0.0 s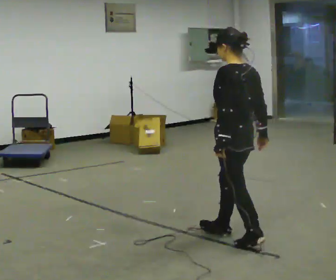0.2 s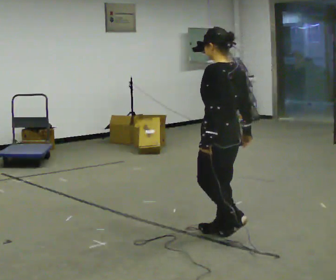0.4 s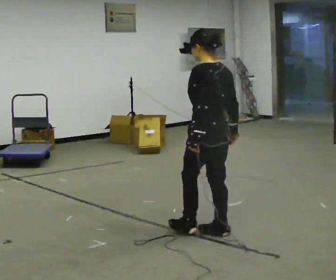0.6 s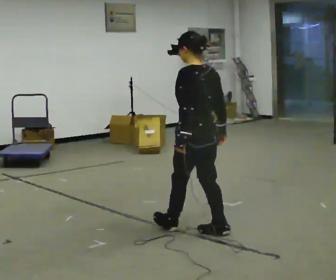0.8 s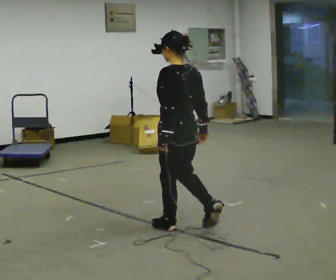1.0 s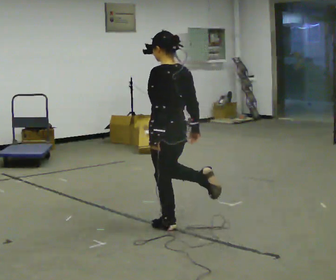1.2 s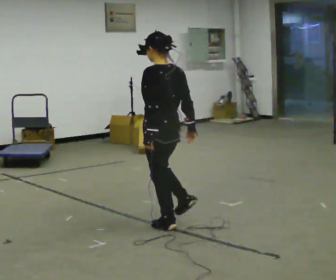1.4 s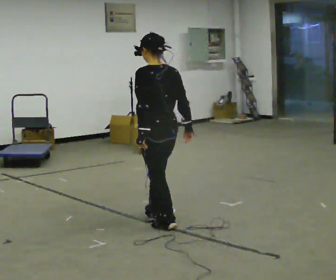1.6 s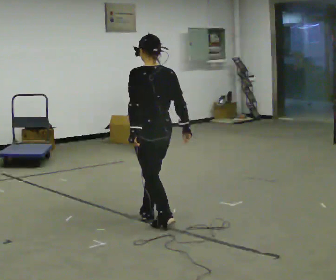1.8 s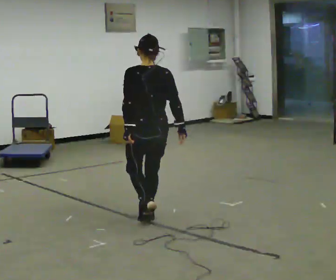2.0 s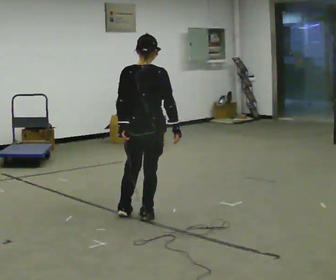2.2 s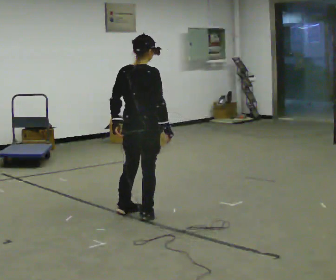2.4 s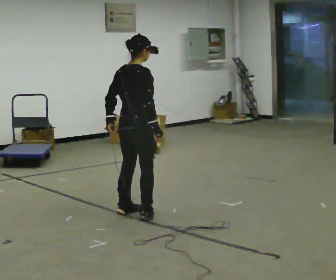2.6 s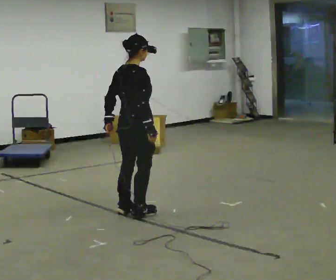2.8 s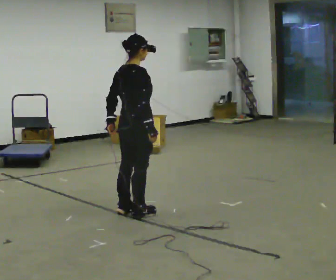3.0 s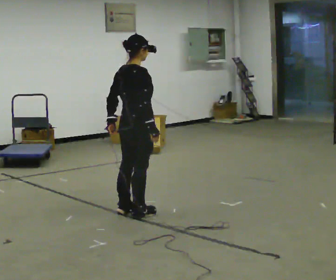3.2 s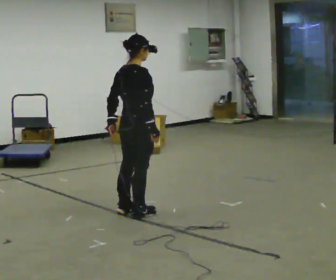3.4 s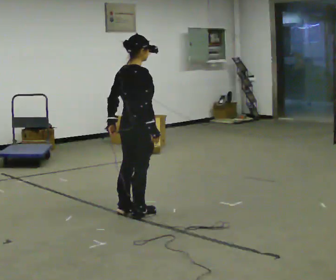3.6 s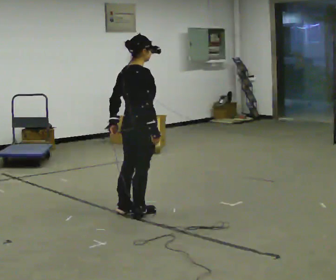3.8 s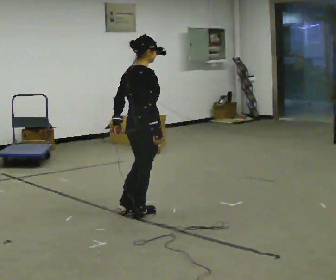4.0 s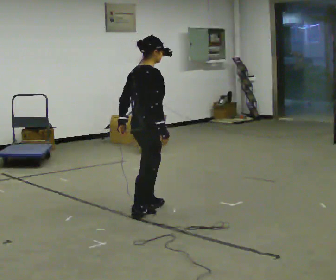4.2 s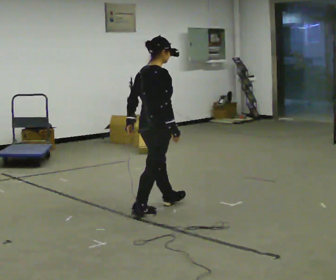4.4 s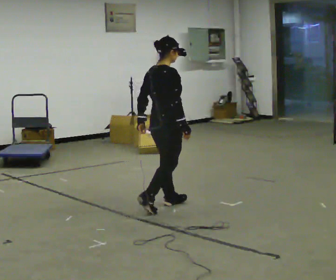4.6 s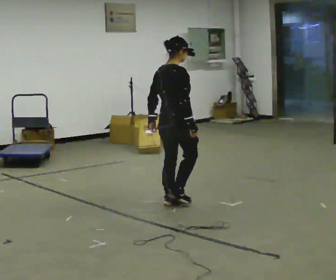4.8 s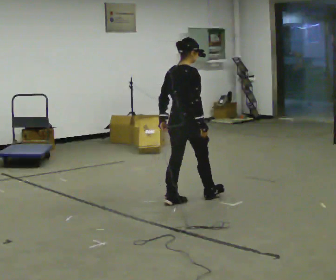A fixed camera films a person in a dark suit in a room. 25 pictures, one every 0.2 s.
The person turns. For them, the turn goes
to their right.
The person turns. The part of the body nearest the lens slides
to the left.
0.0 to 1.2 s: In the picture they go to the left and away from the camera, about 0.75 m in 1 step, which for them is forward.
1.2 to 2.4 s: The person turns about 90 degrees to their right, clockwise seen from above, so the part of the body nearest the lens slides to the left. In the picture they go away from the camera and to the left, about 0.5 m in 2 steps.
2.4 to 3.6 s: The person moves a little, or ends about where they began.
3.6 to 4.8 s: In the picture they go to the right and away from the camera, about 0.5 m in 1 step, which for them is forward.
The film runs forward here.
